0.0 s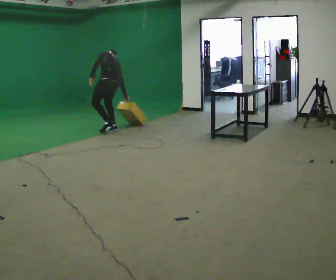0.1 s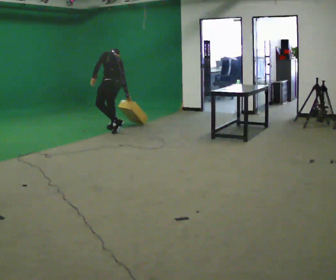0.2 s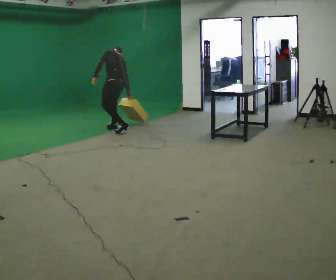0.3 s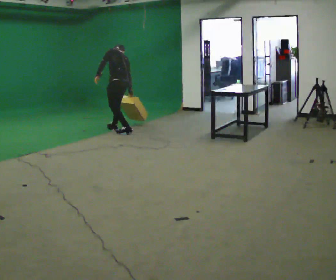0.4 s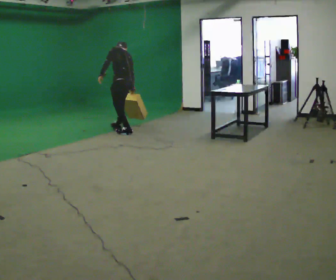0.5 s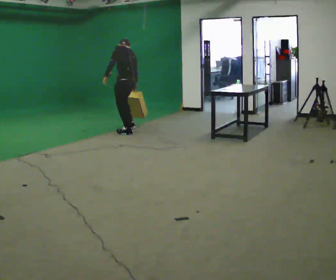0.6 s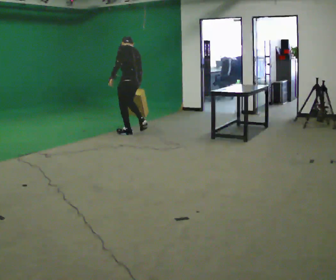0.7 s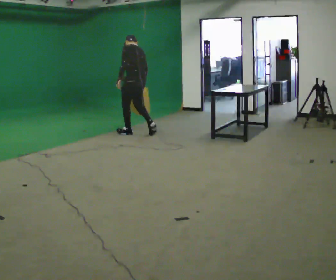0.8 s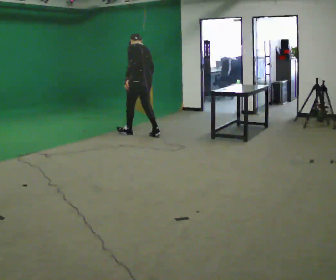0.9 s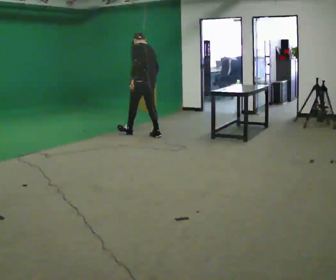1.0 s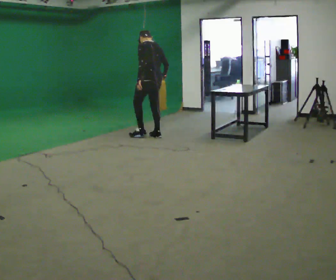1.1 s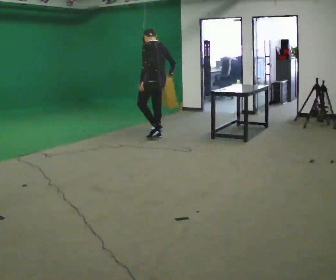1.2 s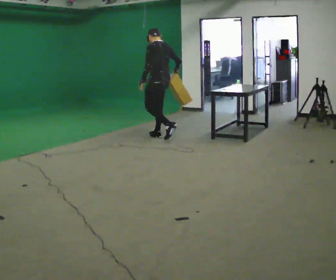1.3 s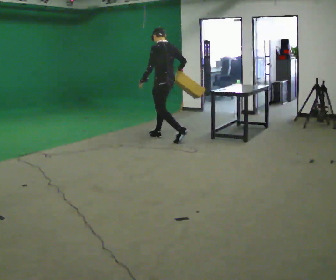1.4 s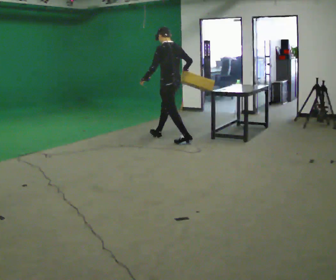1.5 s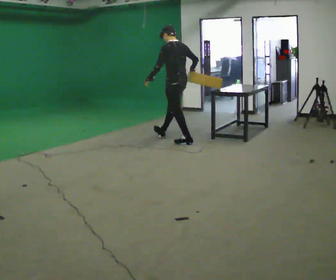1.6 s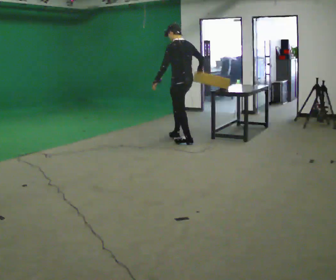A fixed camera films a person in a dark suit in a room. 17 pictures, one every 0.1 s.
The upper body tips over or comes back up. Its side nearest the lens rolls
downward.
Their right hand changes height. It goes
upward.
0.0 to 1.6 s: In the picture they go to the right and toward the camera, about 1.5 m in 3 steps, which for them is backward. The shoulders move upward. The upper body tips toward the camera, its near side rolling downward, as they lean back or straighten.
The film runs backward here.
